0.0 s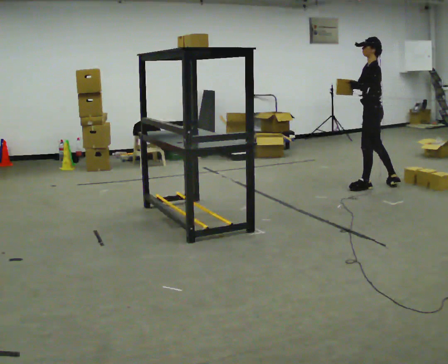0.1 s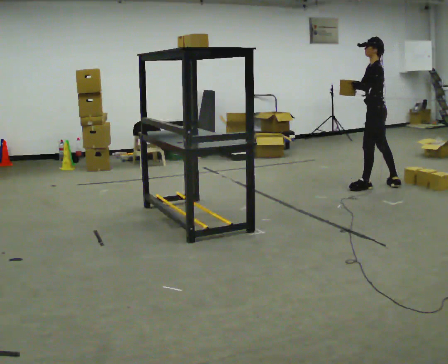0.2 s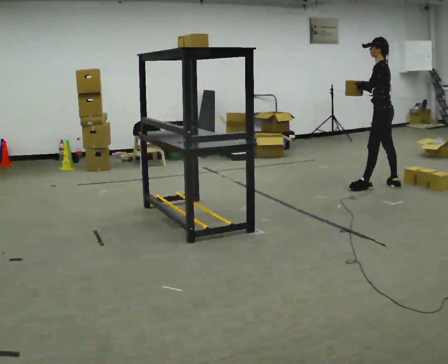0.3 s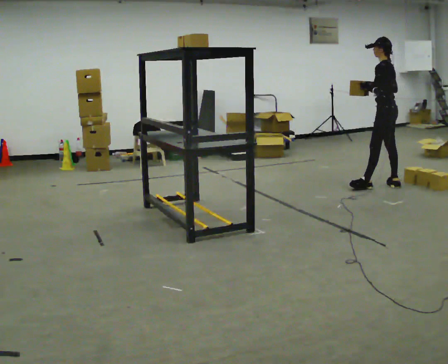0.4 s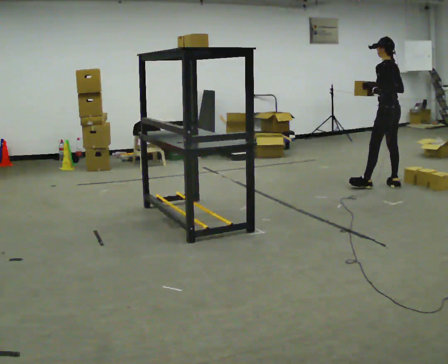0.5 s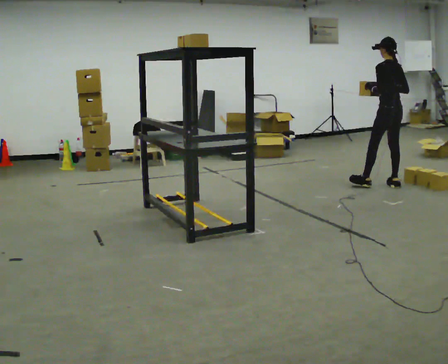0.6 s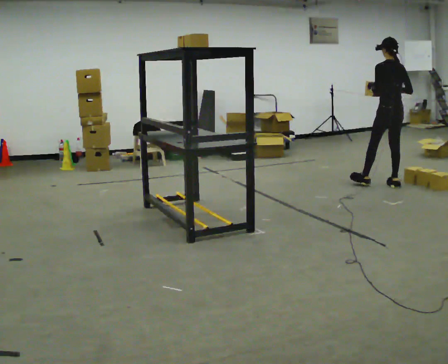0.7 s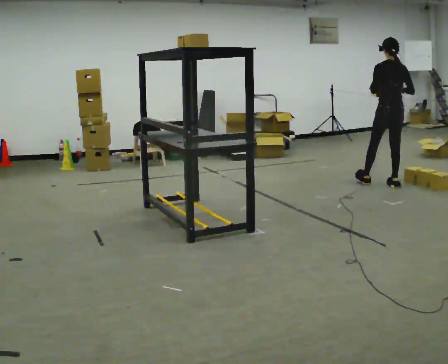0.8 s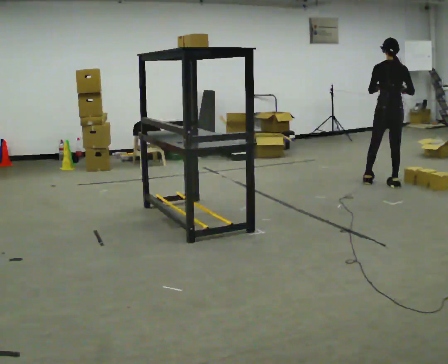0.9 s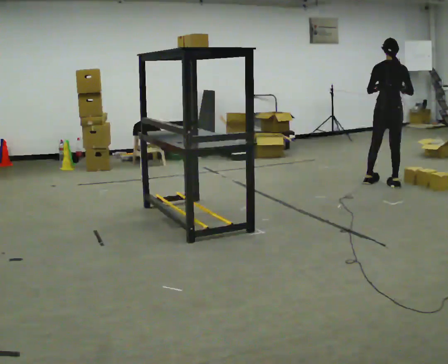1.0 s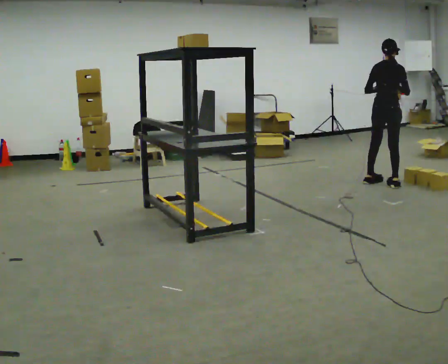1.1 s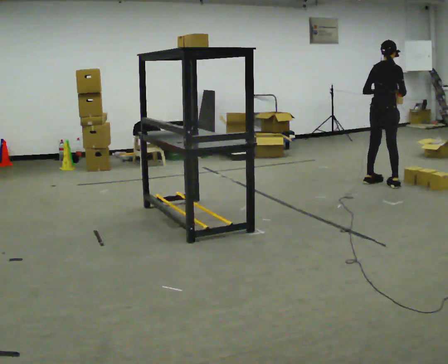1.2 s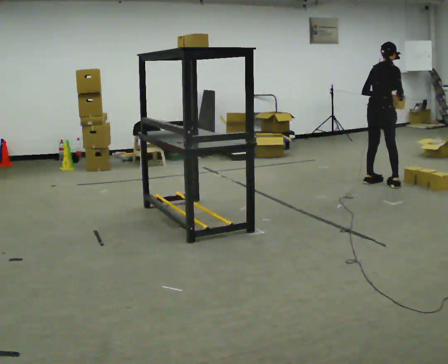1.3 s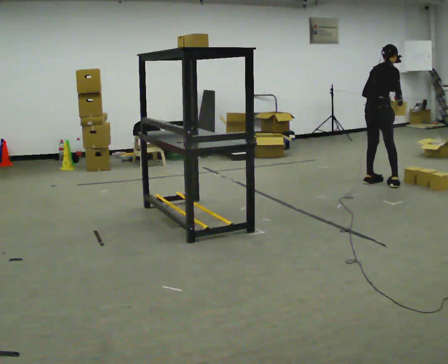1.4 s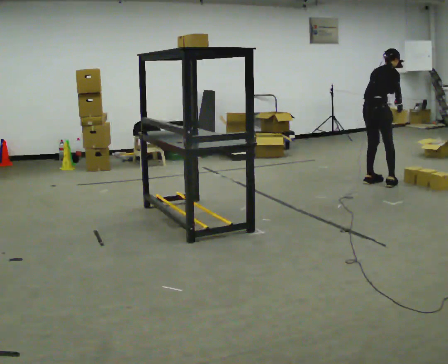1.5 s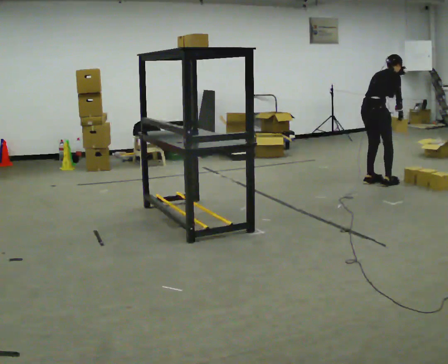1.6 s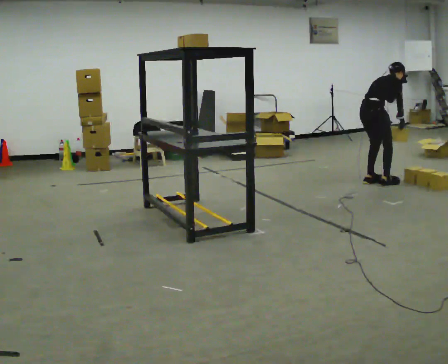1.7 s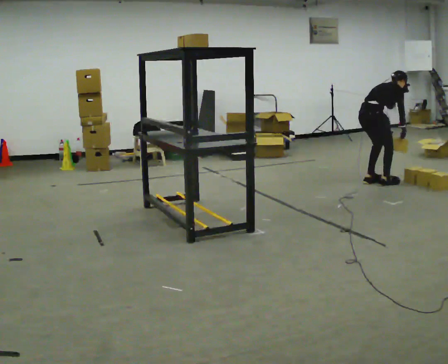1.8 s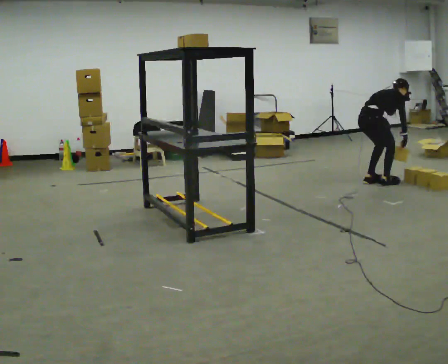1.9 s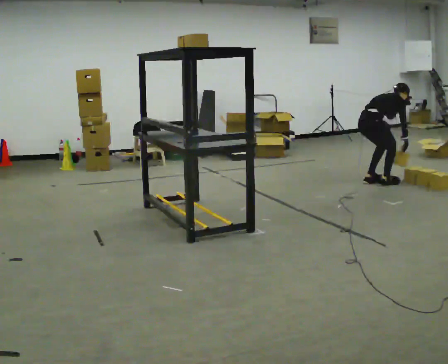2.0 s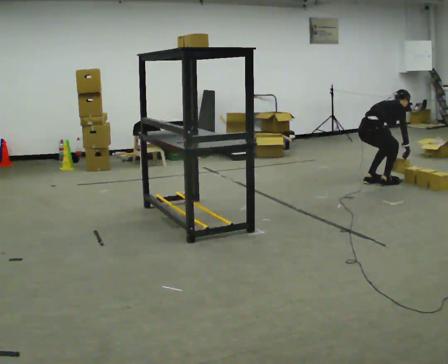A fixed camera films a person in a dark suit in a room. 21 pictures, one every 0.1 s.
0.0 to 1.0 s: The part of the body nearest the lens slides to the left as the person turns to their right by about 105 degrees.
1.0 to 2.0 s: The part of the body nearest the lens slides to the left as the person turns to their right by about 45 degrees. In the picture they go to the left, about 0.25 m, which for them is backward and to their left. The upper body goes downward. In the picture the upper body tilts clockwise, shoulders to the right, as they bend forward. In the picture their left hand goes downward.
The film runs backward here.
